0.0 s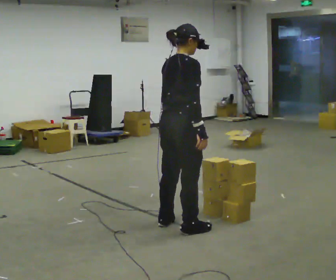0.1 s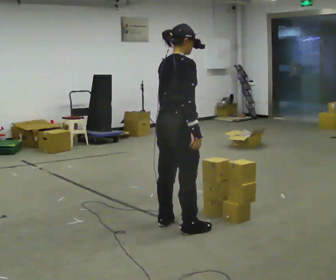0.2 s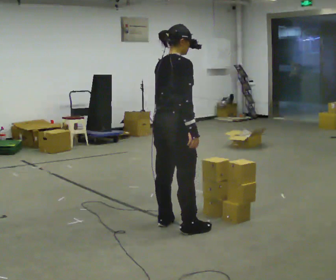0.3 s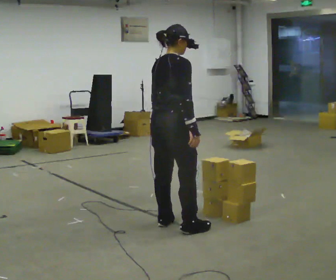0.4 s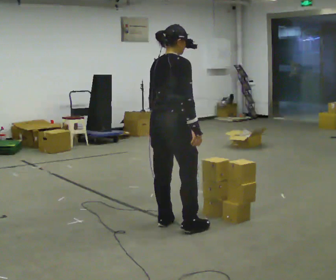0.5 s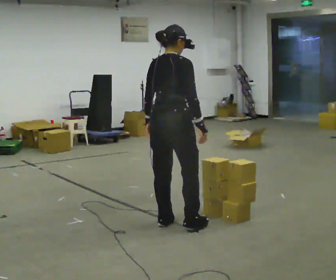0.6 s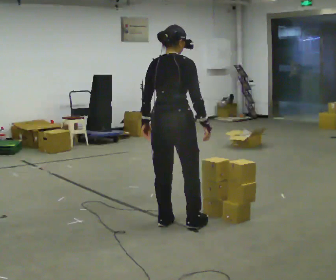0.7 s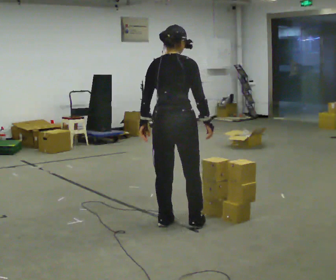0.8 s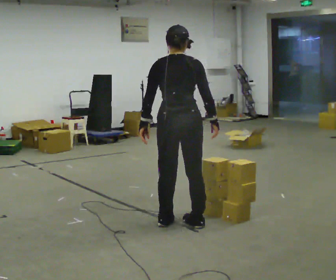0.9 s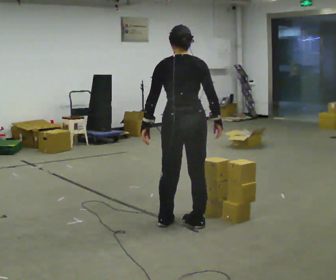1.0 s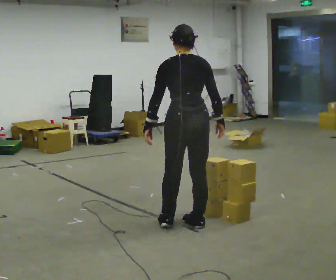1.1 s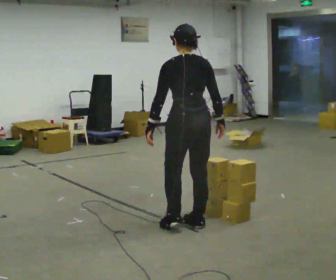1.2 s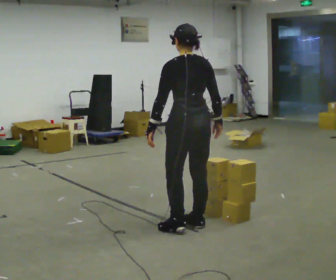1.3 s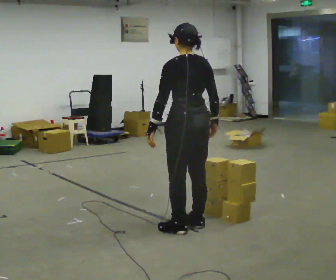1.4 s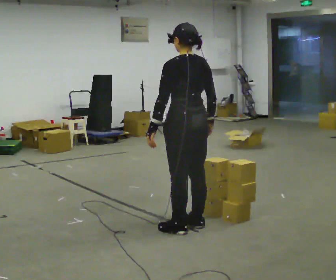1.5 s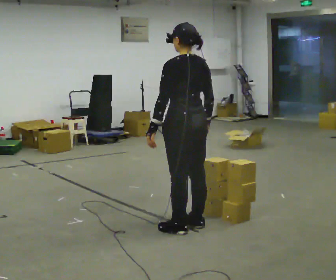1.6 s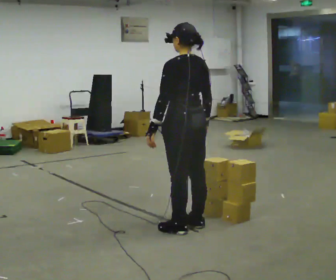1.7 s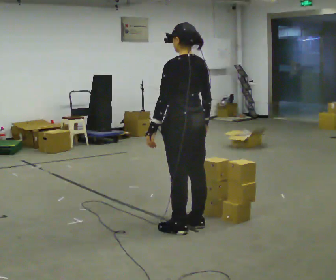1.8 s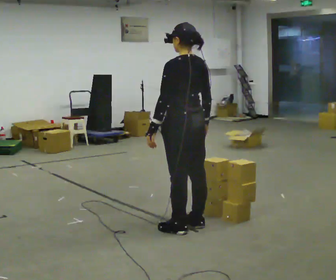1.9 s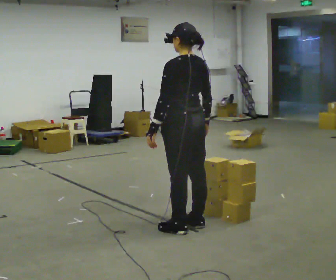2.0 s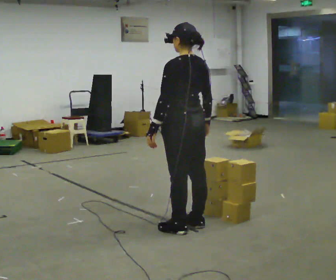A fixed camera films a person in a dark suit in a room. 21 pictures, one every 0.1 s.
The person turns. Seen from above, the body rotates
counterclockwise.
The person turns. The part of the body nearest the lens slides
to the right.
0.0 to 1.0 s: The part of the body nearest the lens slides to the right as the person turns to their left by about 60 degrees.
1.0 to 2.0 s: Seen from above the body turns counterclockwise, about 30 degrees: to their left, with its near side sliding to the right.
The film runs backward here.
